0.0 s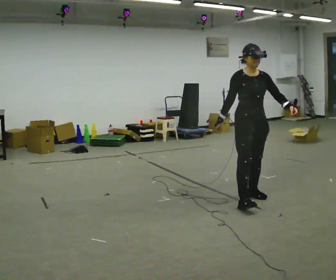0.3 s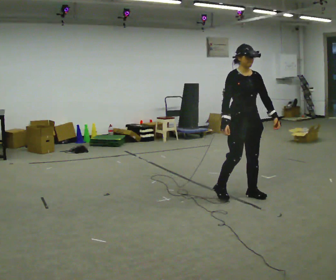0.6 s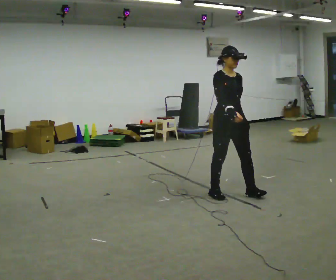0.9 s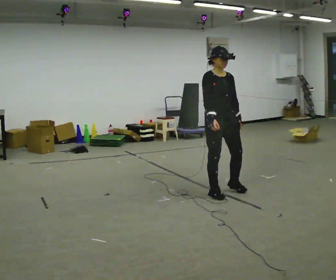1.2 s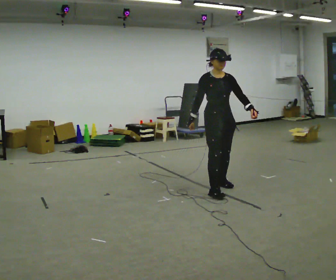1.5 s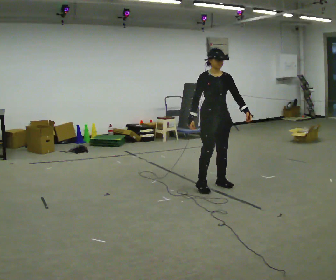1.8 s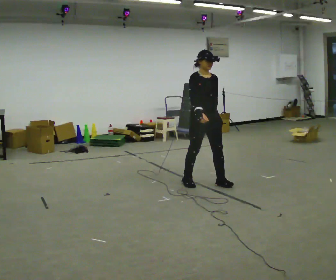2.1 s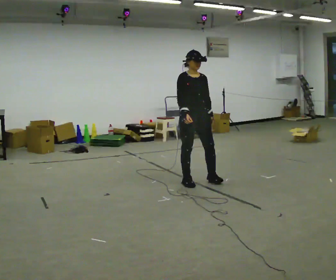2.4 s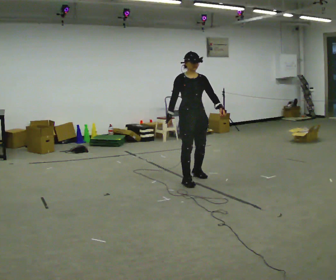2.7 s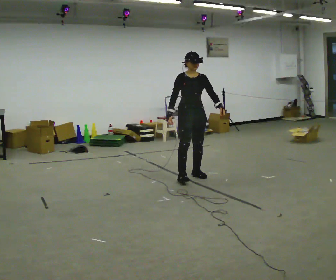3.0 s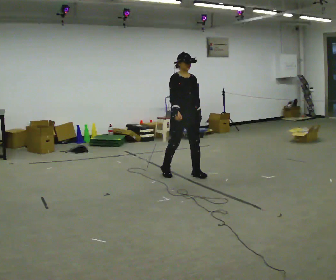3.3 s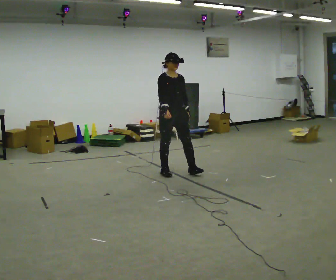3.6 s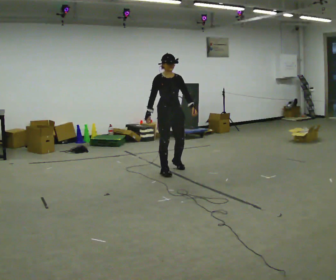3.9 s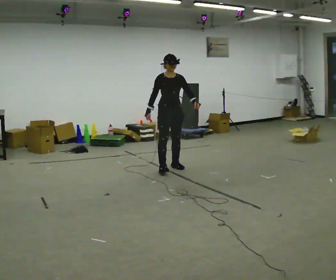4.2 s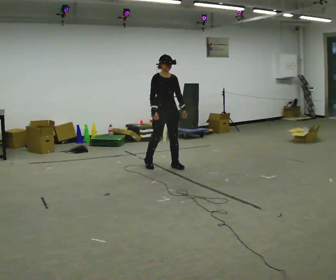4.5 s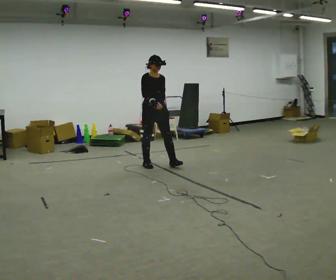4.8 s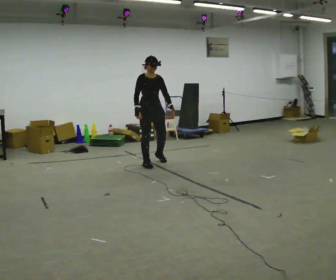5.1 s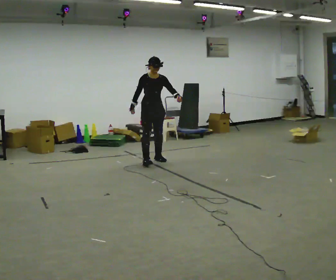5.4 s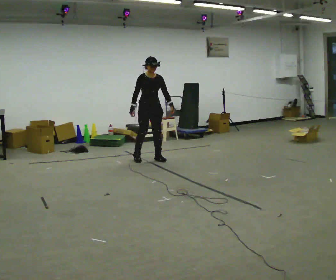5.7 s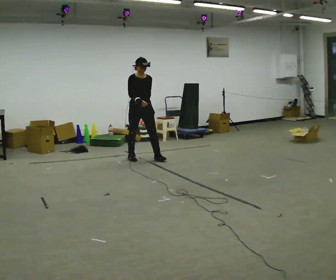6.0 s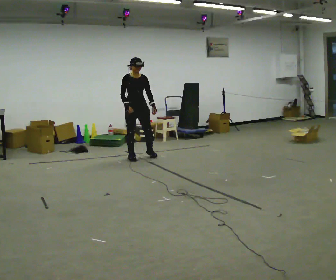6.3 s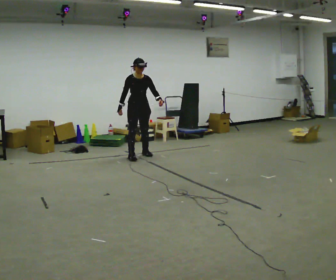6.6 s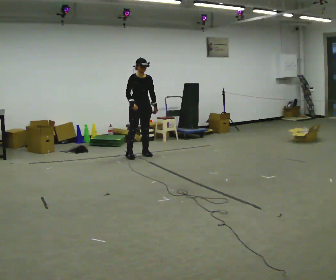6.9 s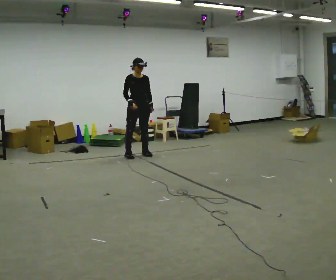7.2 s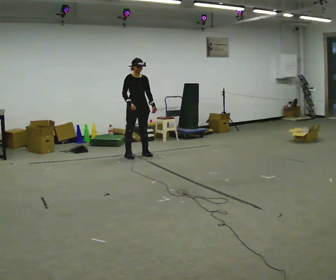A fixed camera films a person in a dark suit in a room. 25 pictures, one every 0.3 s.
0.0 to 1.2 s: In the picture they go away from the camera and to the left, about 0.5 m in 2 steps, which for them is backward.
1.2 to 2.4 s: In the picture they go away from the camera and to the left, about 0.5 m in 2 steps, which for them is backward.
2.4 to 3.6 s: In the picture they go away from the camera and to the left, about 0.5 m in 2 steps, which for them is backward.
3.6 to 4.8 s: In the picture they go away from the camera and to the left, about 0.5 m in 2 steps, which for them is backward.
4.8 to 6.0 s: In the picture they go away from the camera and to the left, about 0.5 m in 2 steps, which for them is backward.
6.0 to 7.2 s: In the picture they go away from the camera, about 0.25 m in 1 step, which for them is backward.
The film runs backward here.
